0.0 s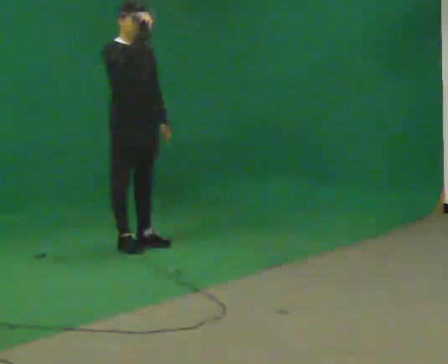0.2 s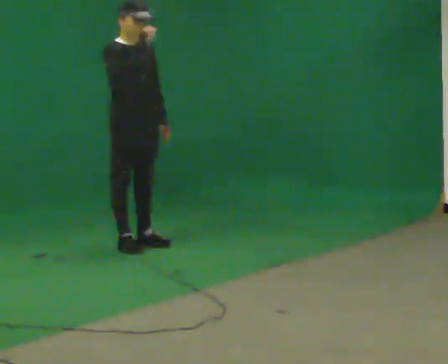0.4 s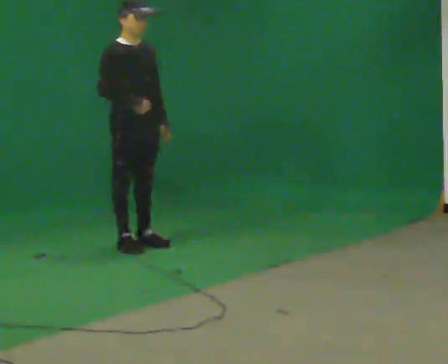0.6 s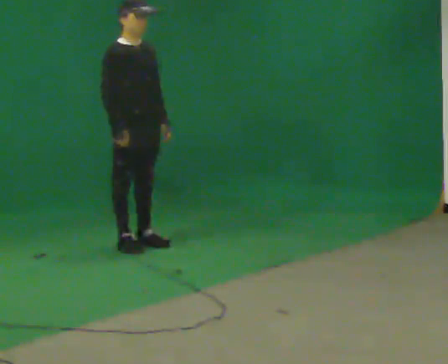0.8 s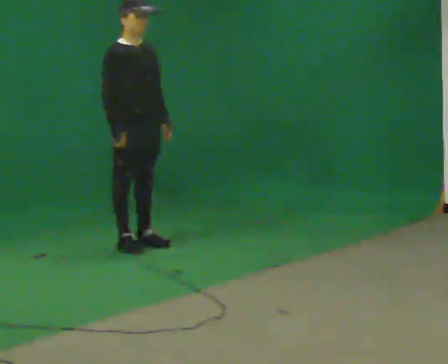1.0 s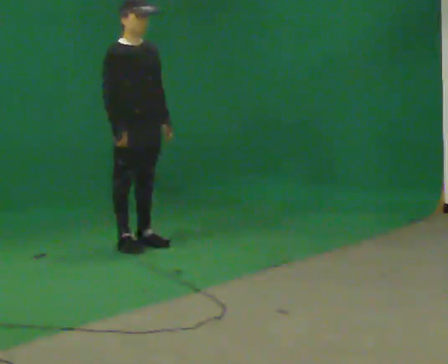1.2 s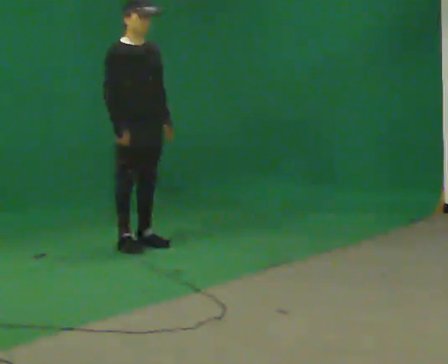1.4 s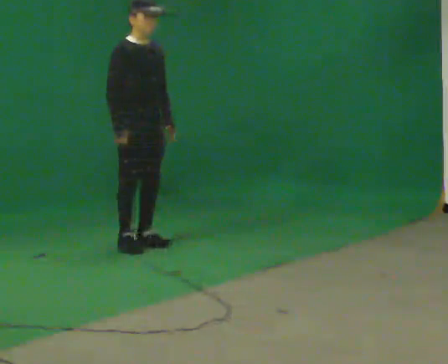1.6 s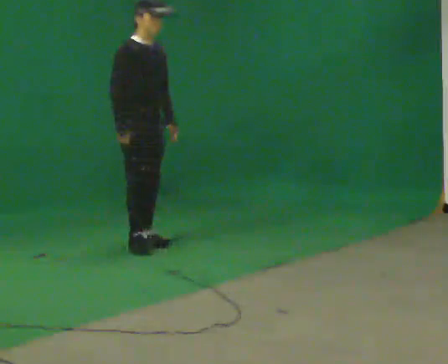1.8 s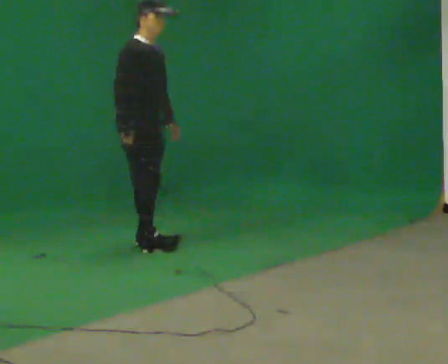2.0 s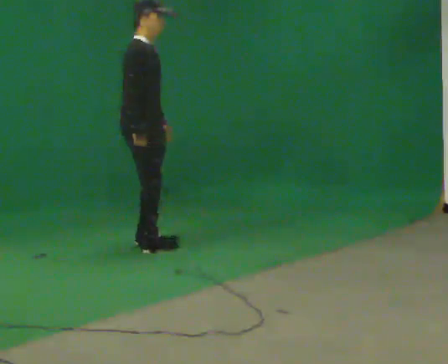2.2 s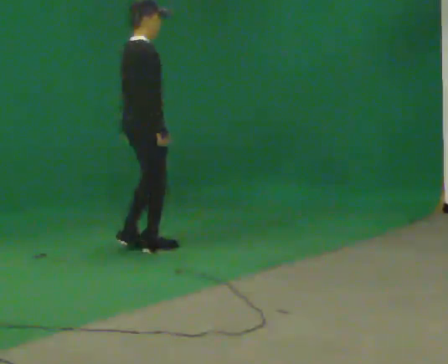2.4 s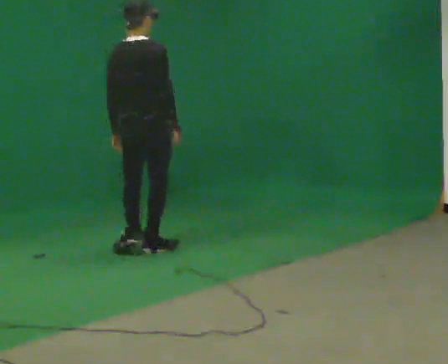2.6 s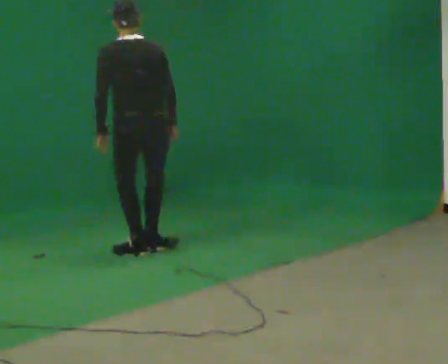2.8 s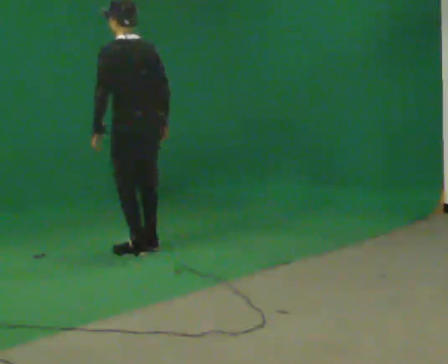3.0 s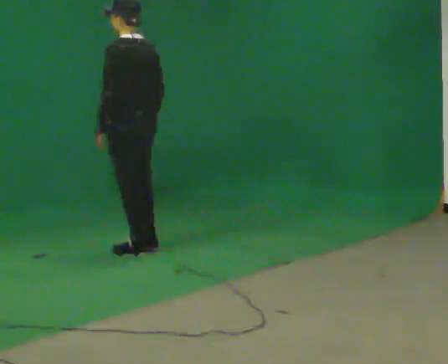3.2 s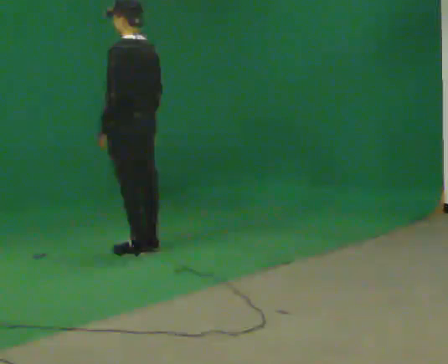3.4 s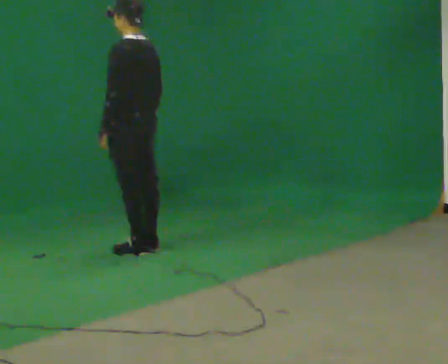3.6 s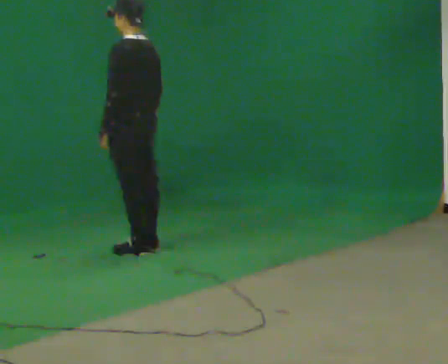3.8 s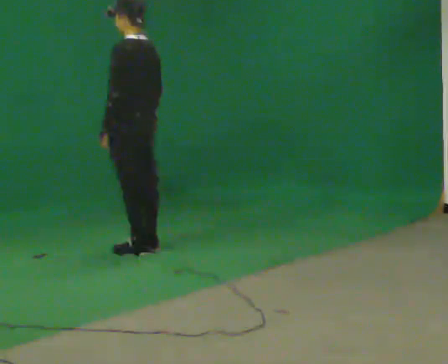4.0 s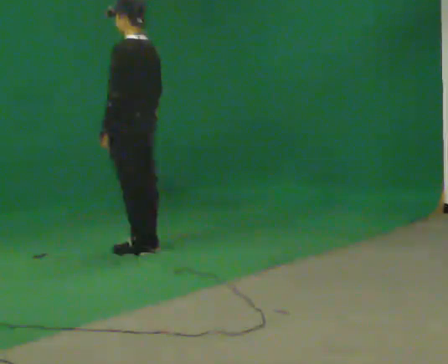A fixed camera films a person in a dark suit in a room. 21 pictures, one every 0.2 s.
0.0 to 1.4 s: In the picture their right hand goes downward.
1.4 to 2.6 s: The part of the body nearest the lens slides to the right as the person turns to their left by about 135 degrees. In the picture they go toward the camera, about 0.25 m in 2 steps. In the picture their right hand goes to the right.
2.6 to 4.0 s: The person turns about 60 degrees to their left, counterclockwise seen from above, so the part of the body nearest the lens slides to the right.
The film runs backward here.
